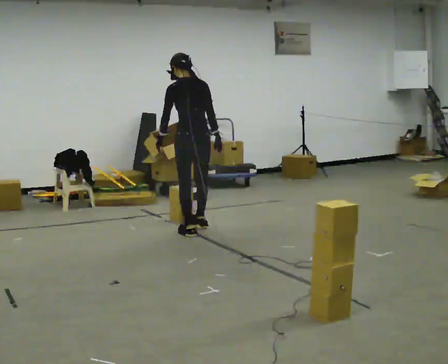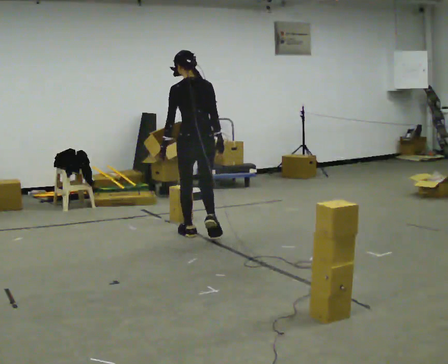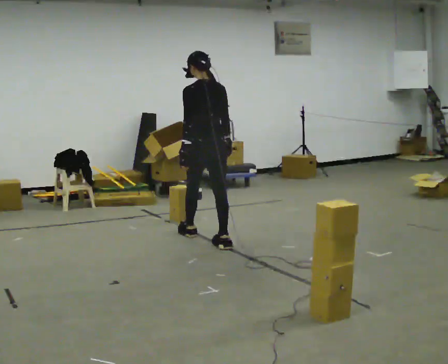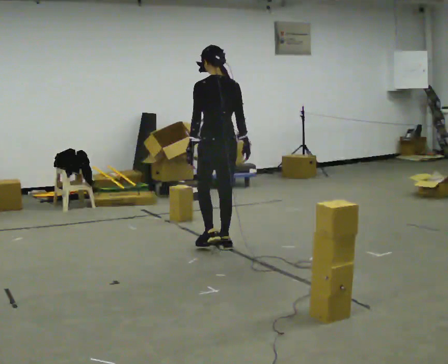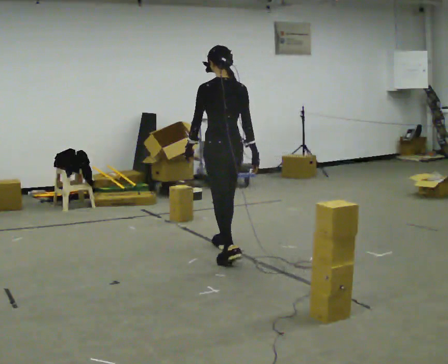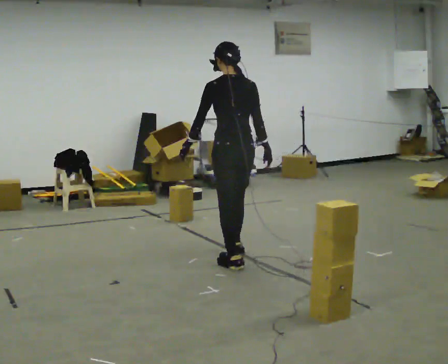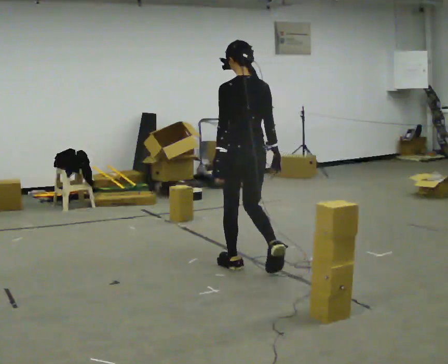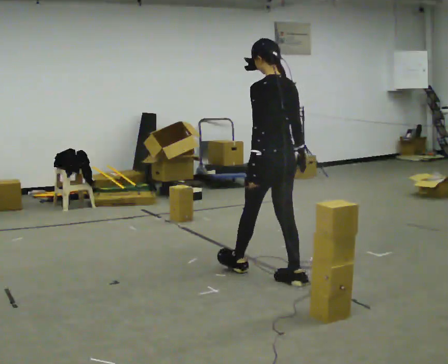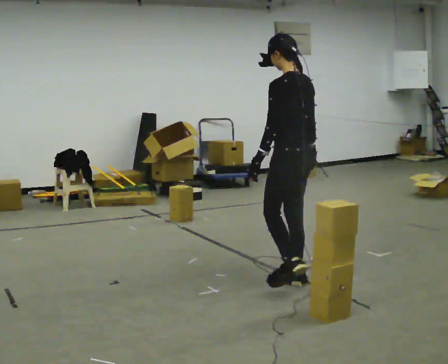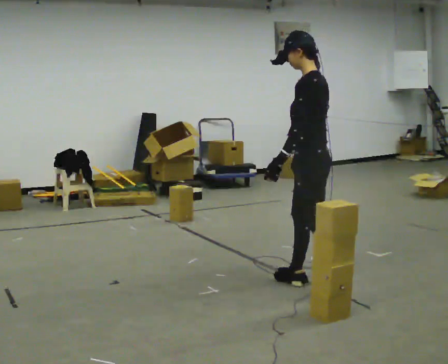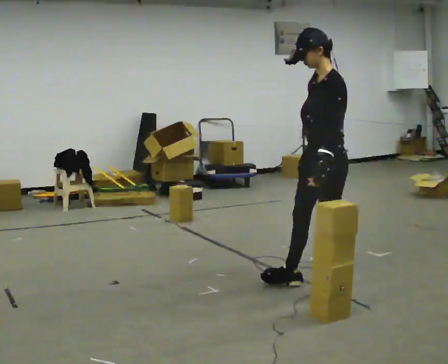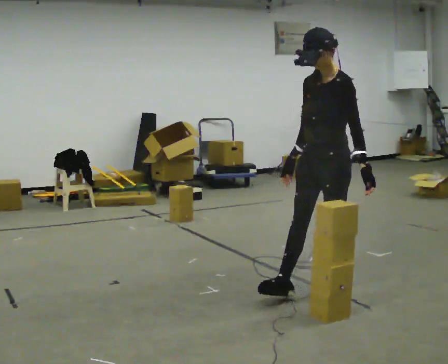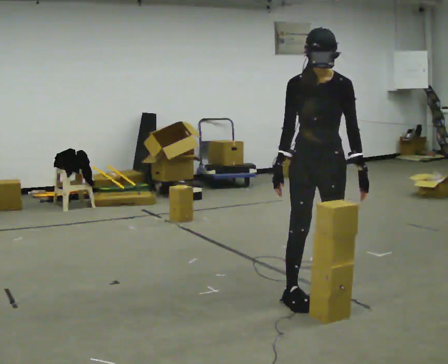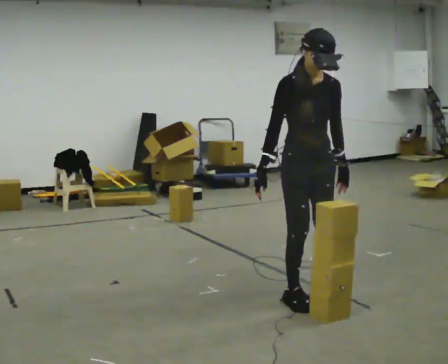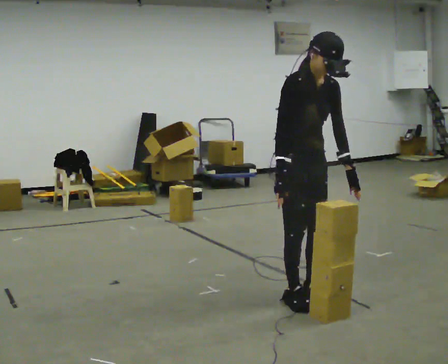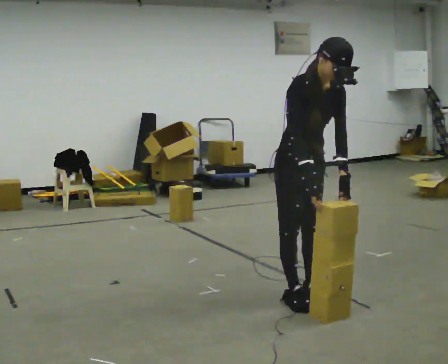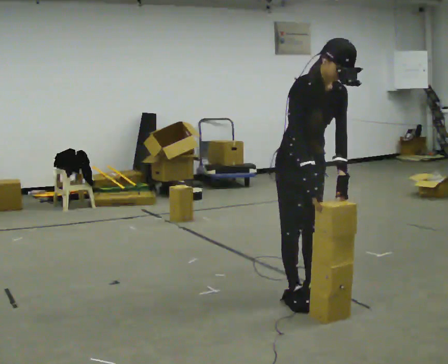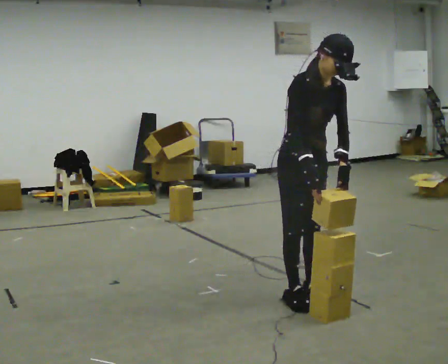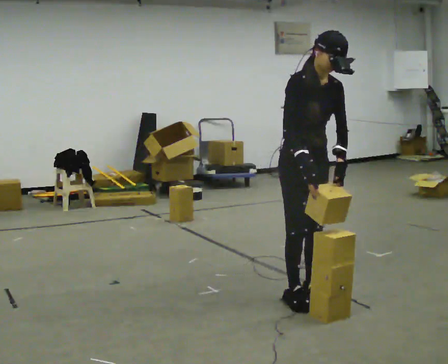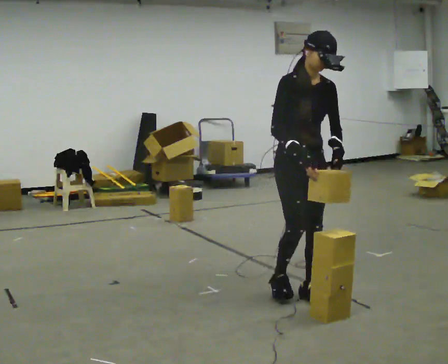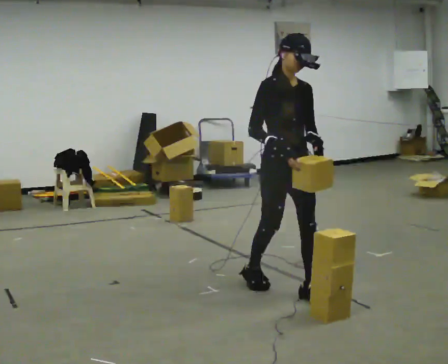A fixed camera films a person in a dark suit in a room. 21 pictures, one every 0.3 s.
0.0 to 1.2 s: In the picture they go toward the camera and to the right, about 0.75 m in 1 step, which for them is backward.
1.2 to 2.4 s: In the picture they go toward the camera and to the right, about 1 m in 2 steps, which for them is backward.
2.4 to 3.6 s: The part of the body nearest the lens slides to the right as the person turns to their left by about 120 degrees. In the picture they go toward the camera and to the right, about 0.25 m in 1 step.
3.6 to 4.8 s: The person turns about 45 degrees to their left, counterclockwise seen from above, so the part of the body nearest the lens slides to the right. The upper body tips toward the camera, its near side rolling downward, as they bend forward.
4.8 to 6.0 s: The upper body tips away from the camera, its near side rolling upward, as they lean back or straighten.
The film runs backward here.
